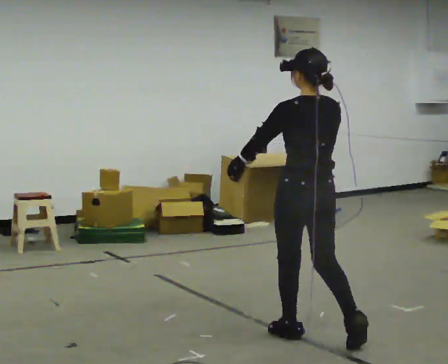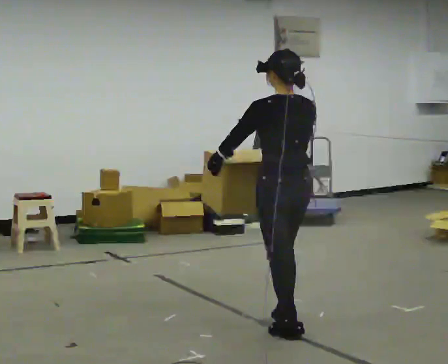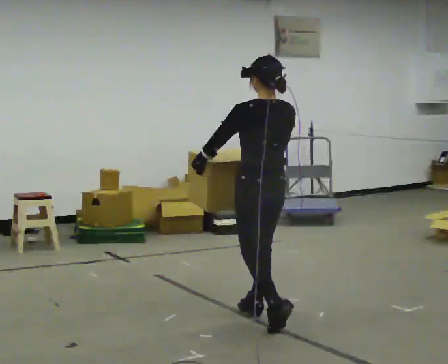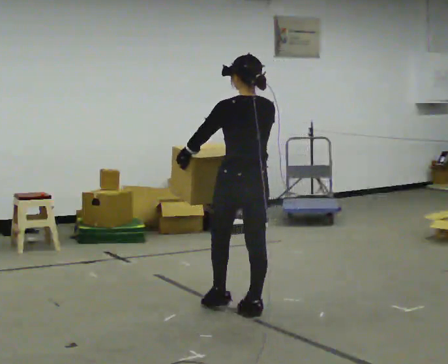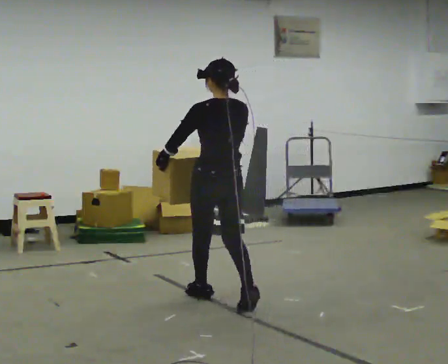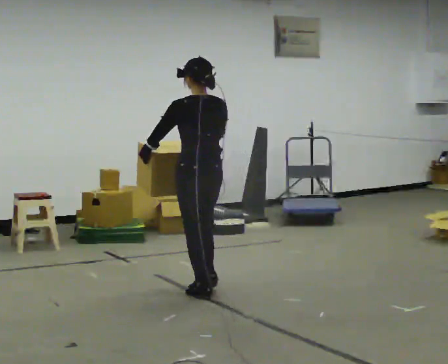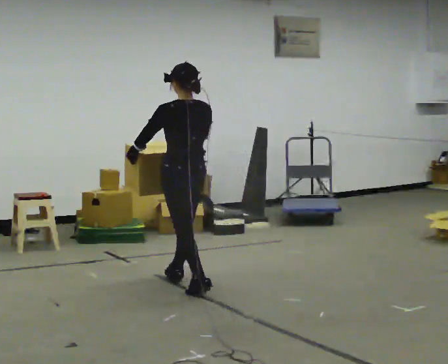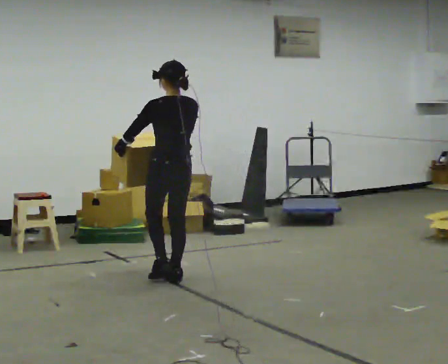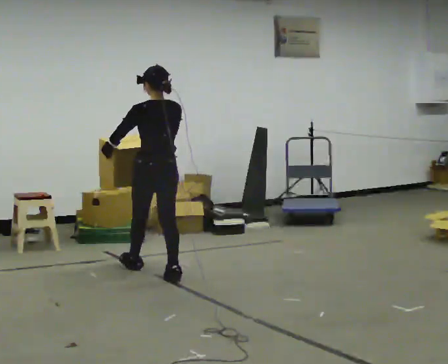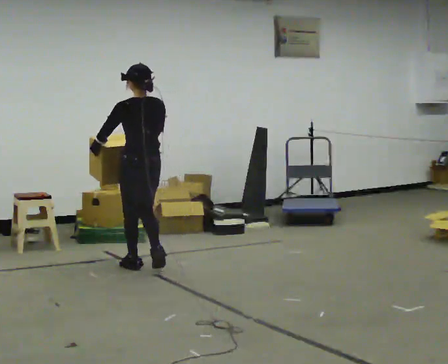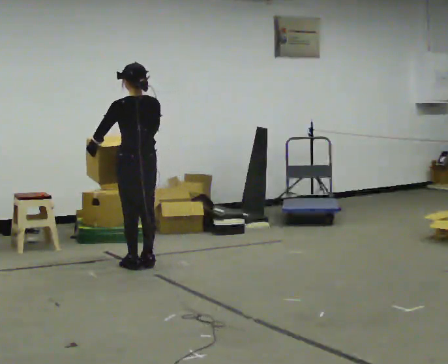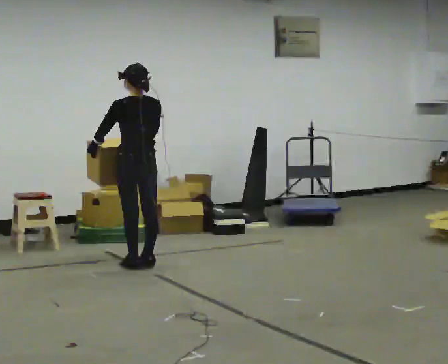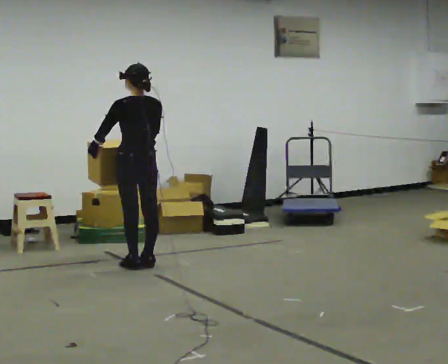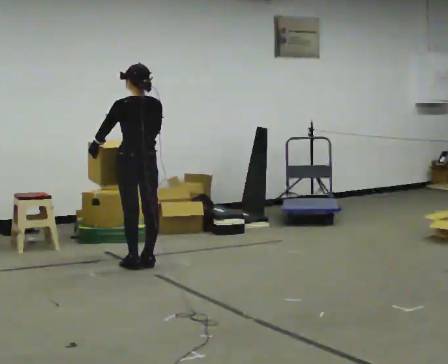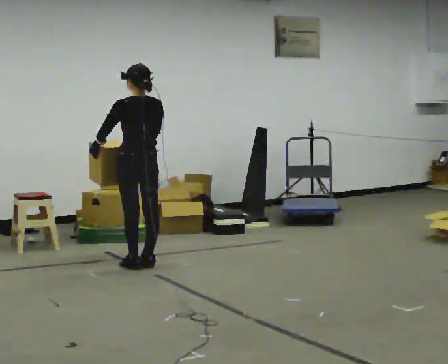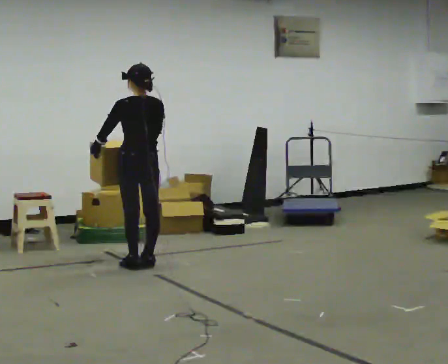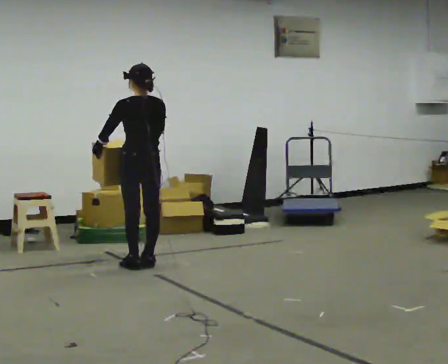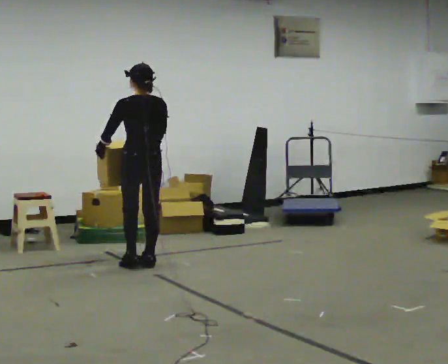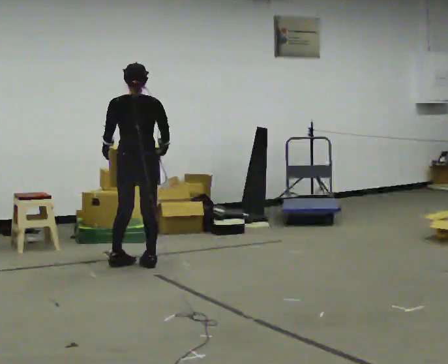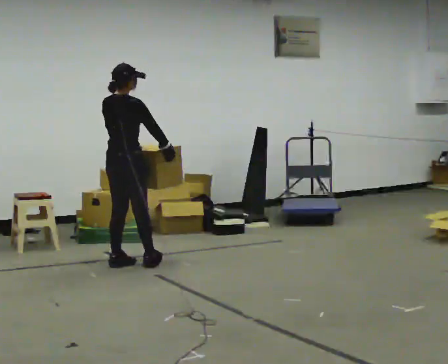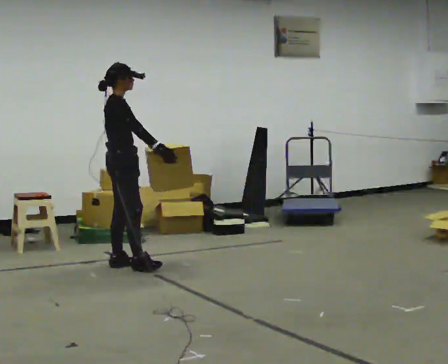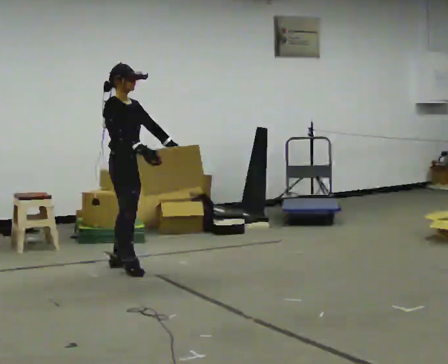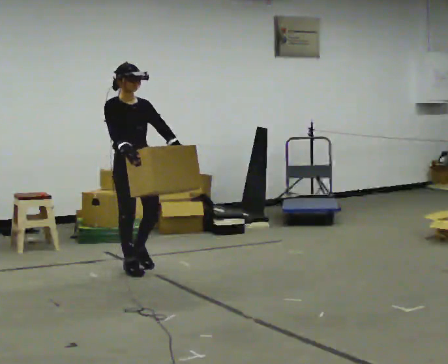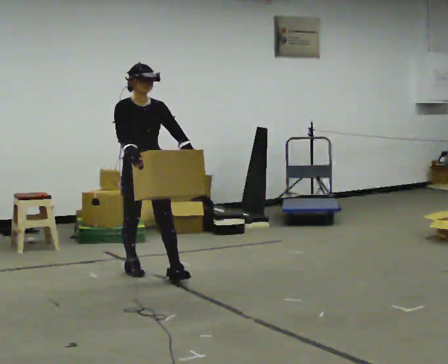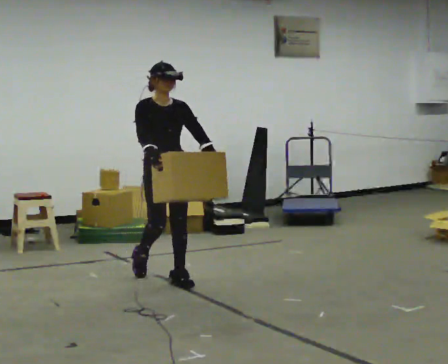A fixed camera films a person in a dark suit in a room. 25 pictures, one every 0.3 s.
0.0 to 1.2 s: In the picture they go away from the camera and to the left, about 1 m in 2 steps, which for them is forward.
1.2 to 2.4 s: In the picture they go away from the camera and to the left, about 1 m in 1 step, which for them is forward.
2.4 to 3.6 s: In the picture they go away from the camera and to the left, about 0.25 m in 2 steps, which for them is forward.
3.6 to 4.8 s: The person moves a little, or ends about where they began.
4.8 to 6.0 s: The part of the body nearest the lens slides to the left as the person turns to their right by about 105 degrees. In the picture they go to the left, about 0.25 m in 1 step.
6.0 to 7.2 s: The person turns about 75 degrees to their right, clockwise seen from above, so the part of the body nearest the lens slides to the left. In the picture they go toward the camera and to the right, about 0.5 m in 2 steps.
The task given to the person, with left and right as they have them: Carry the heavy box in both hands in front of you, walking back and forth across the room. Keep walking until the operator says stop. Set it down if you need a rest.
The film runs forward here.
